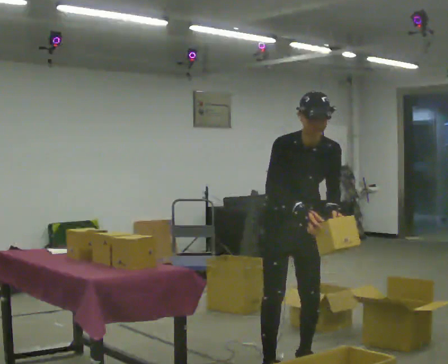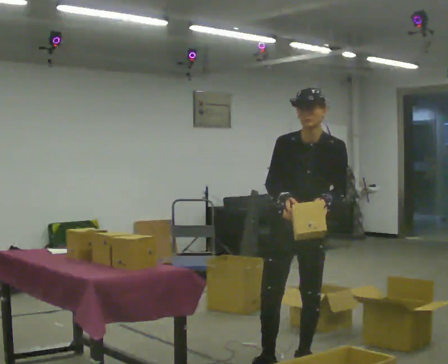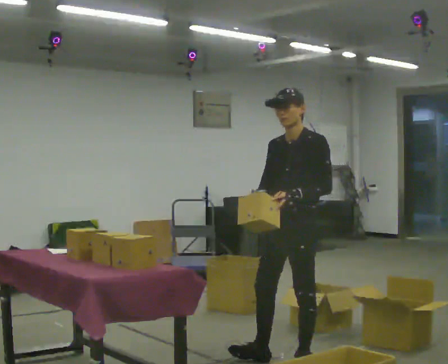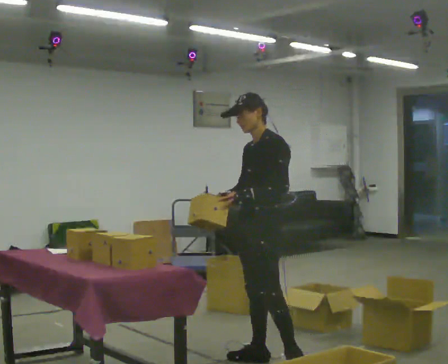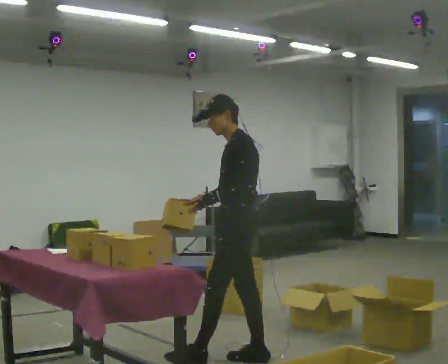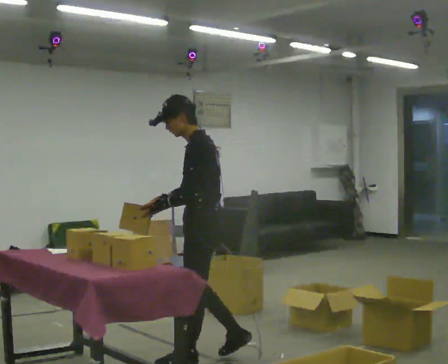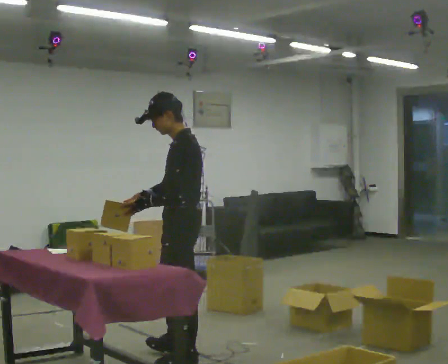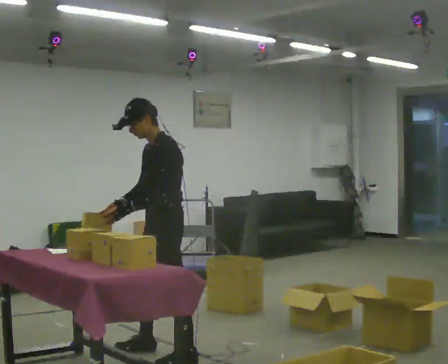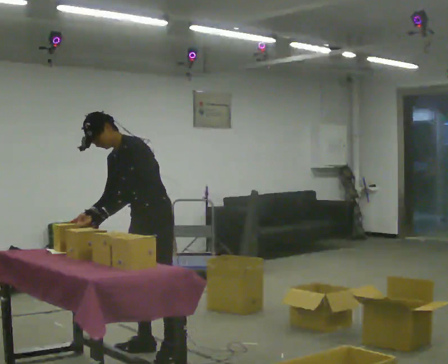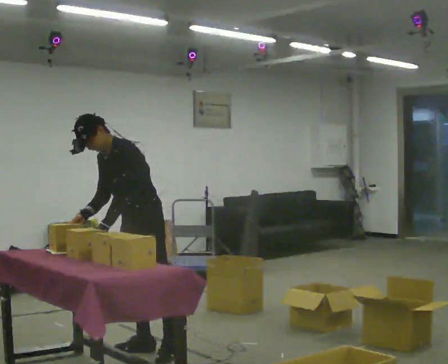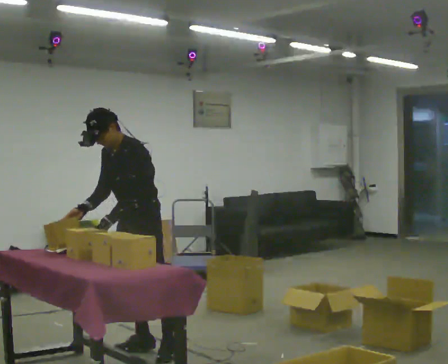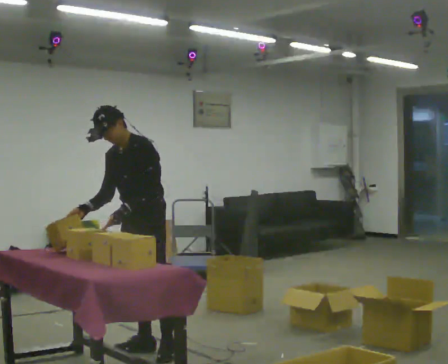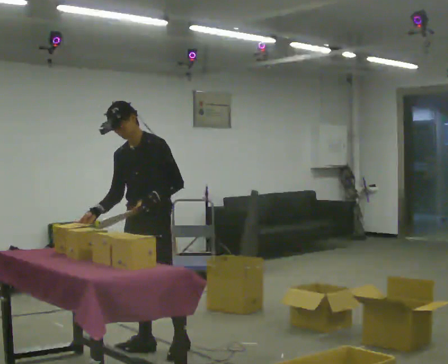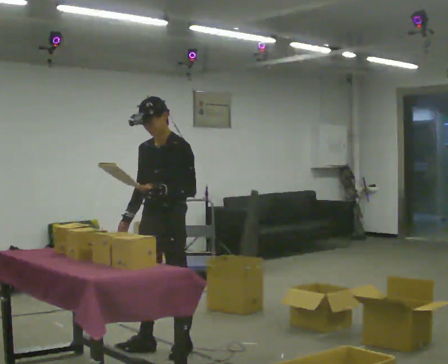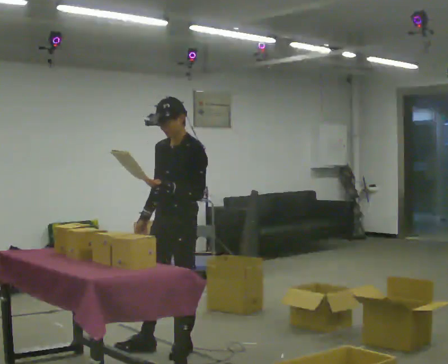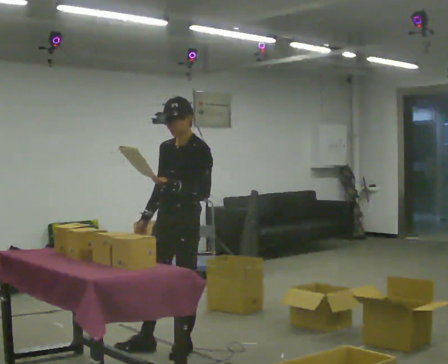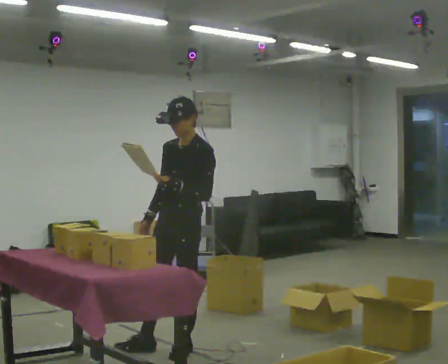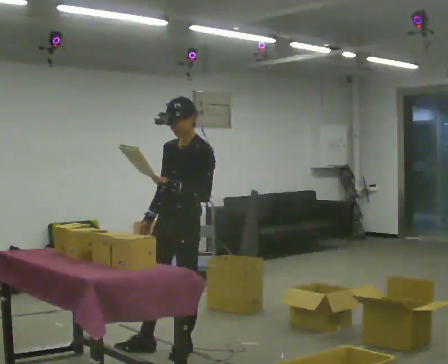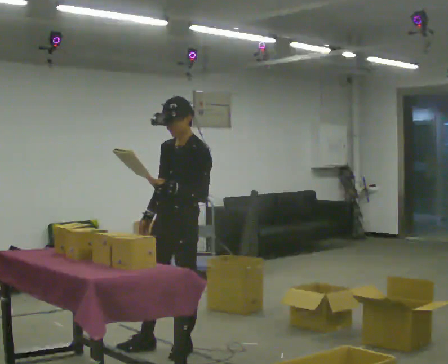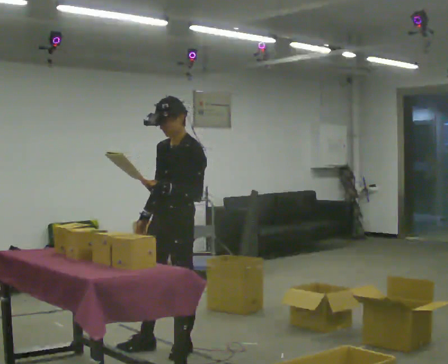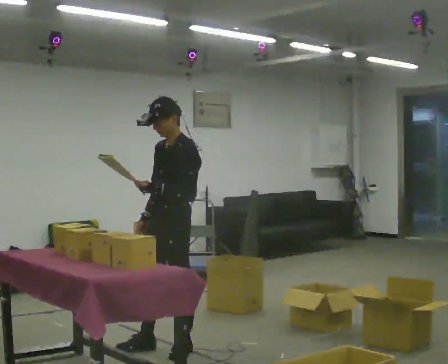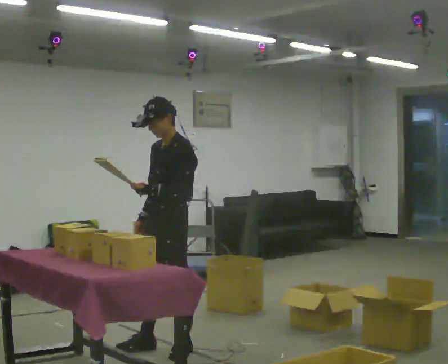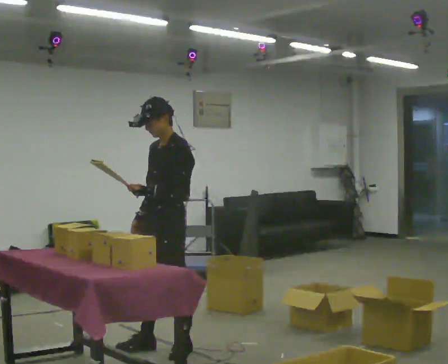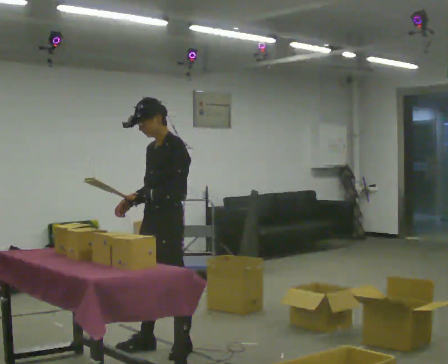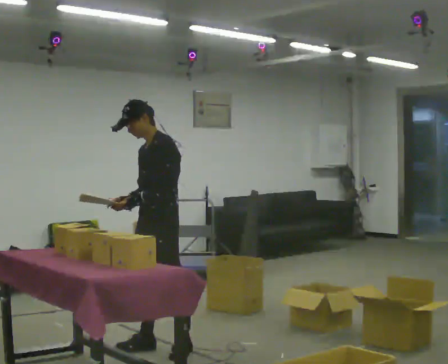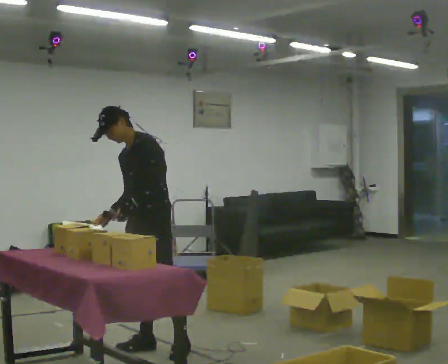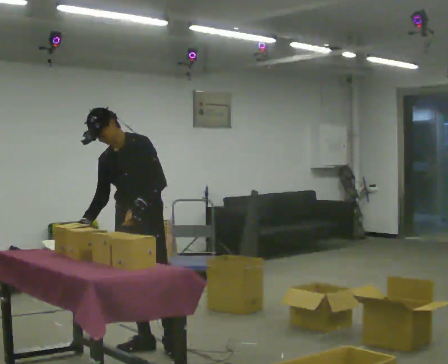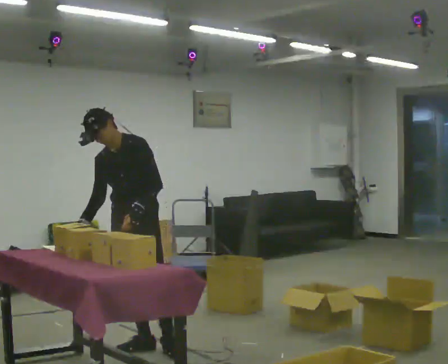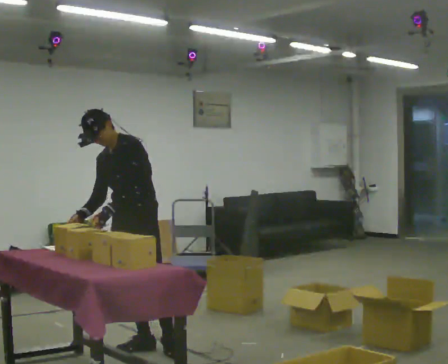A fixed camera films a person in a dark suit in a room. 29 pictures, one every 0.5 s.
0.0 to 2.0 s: The part of the body nearest the lens slides to the left as the person turns to their right by about 105 degrees. In the picture they go away from the camera and to the left, about 0.25 m in 1 step. The upper body tips away from the camera, its near side rolling upward.
2.0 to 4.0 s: The part of the body nearest the lens slides to the right as the person turns to their left by about 45 degrees. In the picture they go to the left and away from the camera, about 0.5 m in 3 steps, which for them is forward and to their right. In the picture the upper body tilts counterclockwise, shoulders to the left, as they bend forward.
4.0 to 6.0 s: In the picture the upper body tilts clockwise, shoulders to the right. In the picture their left hand goes to the right.
6.0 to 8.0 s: In the picture they go to the right, about 0.25 m, which for them is to their left and backward. In the picture the upper body tilts clockwise, shoulders to the right. In the picture their right hand goes to the right.
8.0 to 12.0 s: The person moves a little, or ends about where they began.
12.0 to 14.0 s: The part of the body nearest the lens slides to the right as the person turns to their left by about 30 degrees. In the picture they go to the left, about 0.25 m, which for them is to their right.
The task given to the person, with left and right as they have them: 1. Read the parts list. 2. Collect each part from the bins around the room. 3. Lay them out on the table in the order on the list. 4. Put them all in the carry case. 5. Tell the operator when you are finished.
The film runs forward here.
